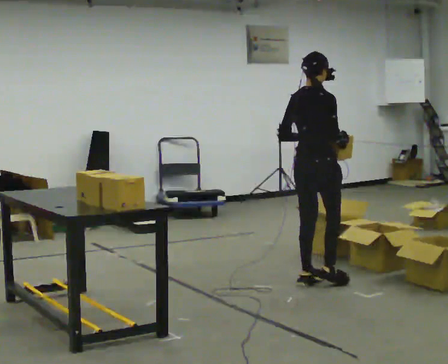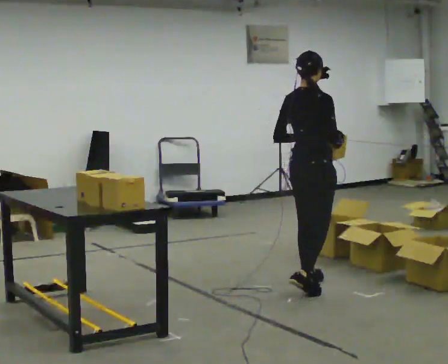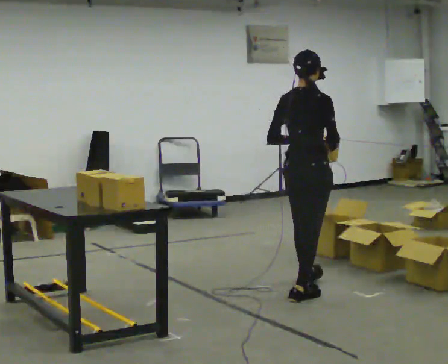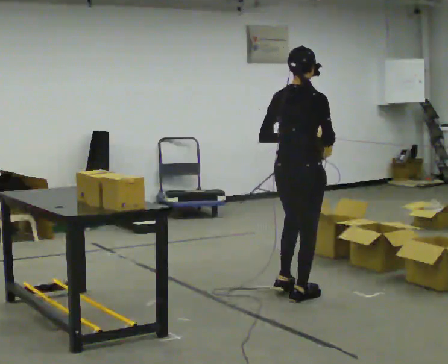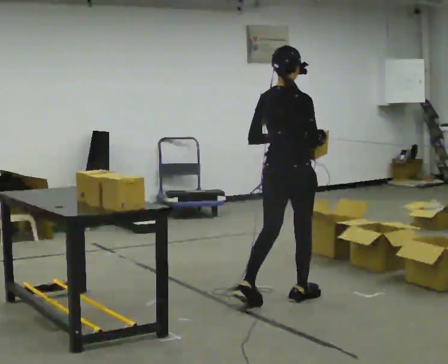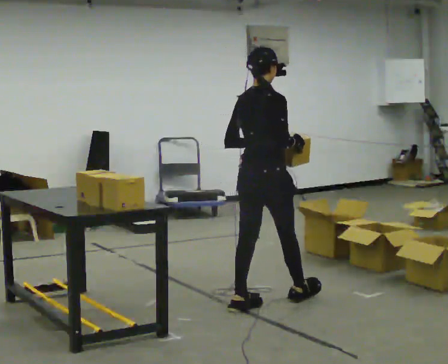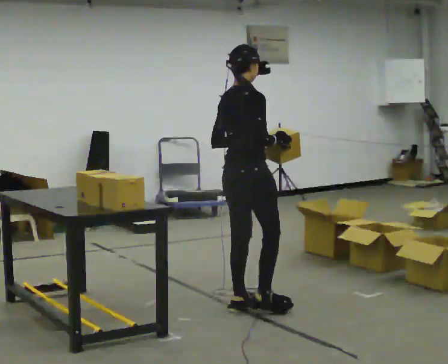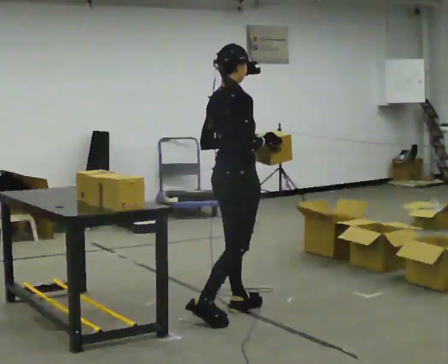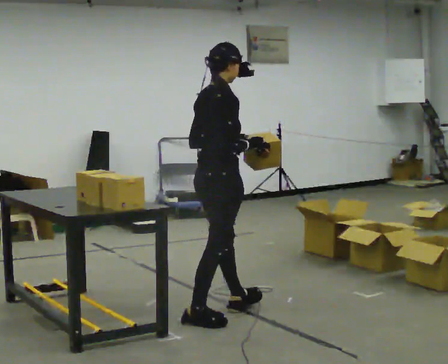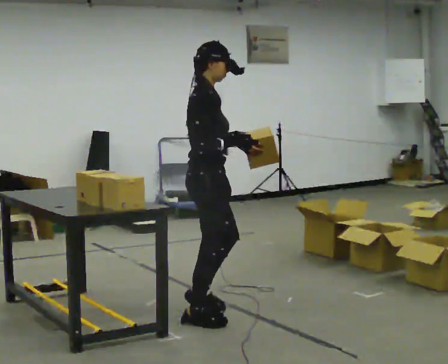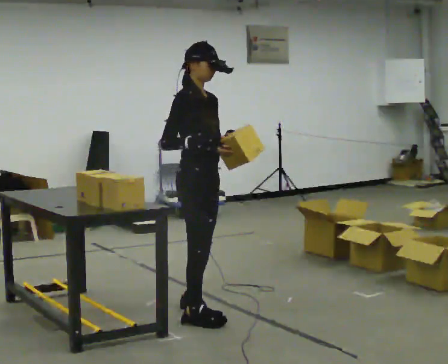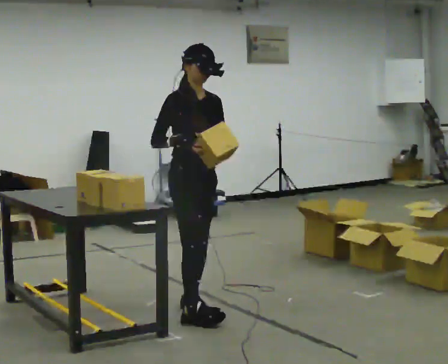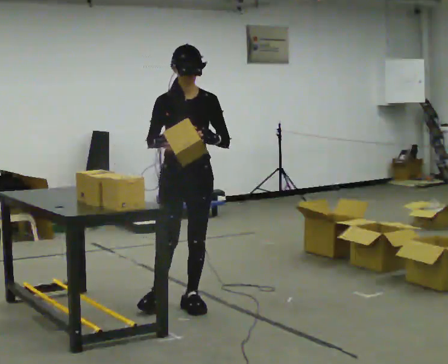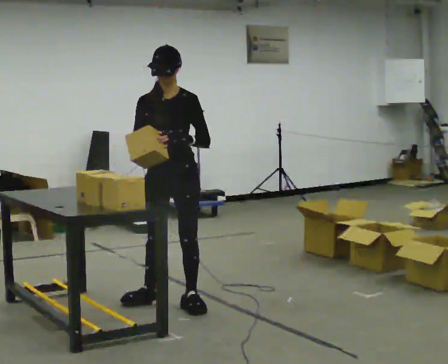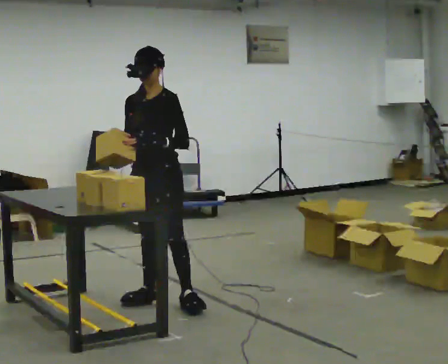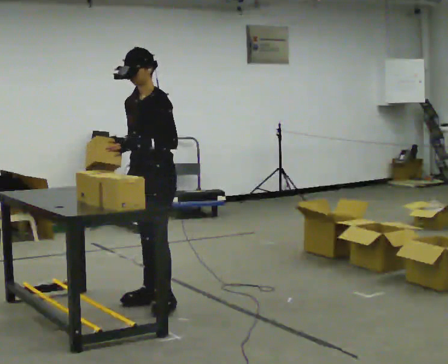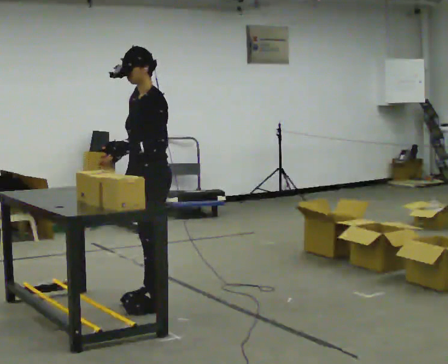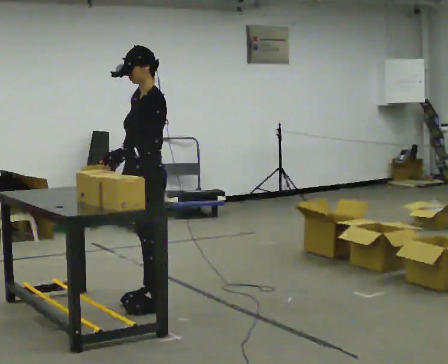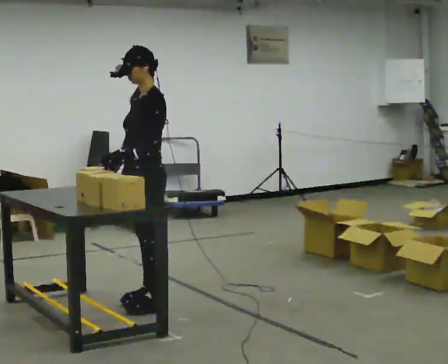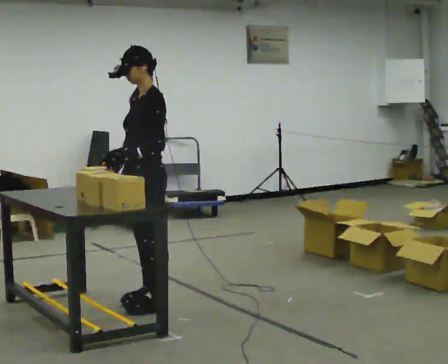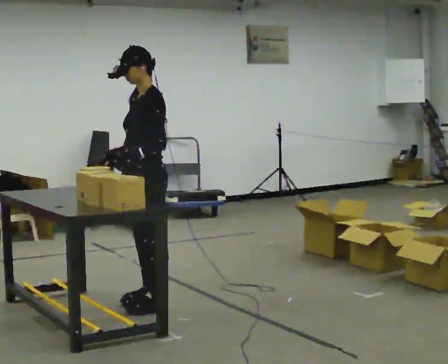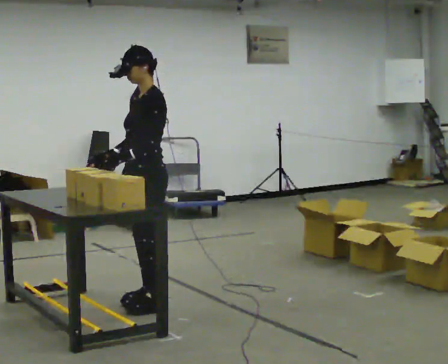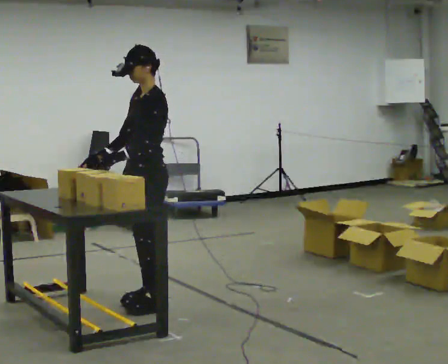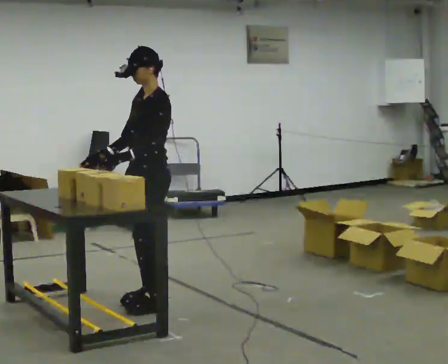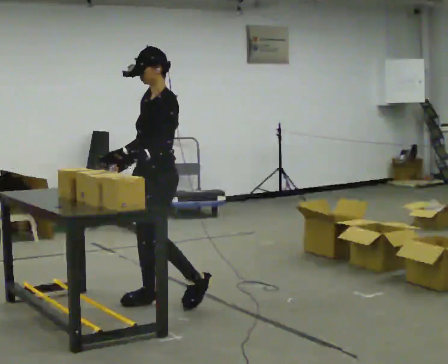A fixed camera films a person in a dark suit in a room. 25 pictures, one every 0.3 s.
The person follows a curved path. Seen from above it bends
clockwise.
The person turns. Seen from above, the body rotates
clockwise.
0.0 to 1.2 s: In the picture they go toward the camera and to the left, about 0.5 m in 1 step, which for them is backward.
1.2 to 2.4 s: The part of the body nearest the lens slides to the left as the person turns to their right by about 30 degrees. In the picture they go to the left and toward the camera, about 0.5 m in 1 step, which for them is backward.
2.4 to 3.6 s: Seen from above the body turns clockwise, about 105 degrees: to their right, with its near side sliding to the left. In the picture they go away from the camera, about 0.25 m in 2 steps.
3.6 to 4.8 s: The person turns about 75 degrees to their right, clockwise seen from above, so the part of the body nearest the lens slides to the left. In the picture they go to the left, about 0.25 m in 1 step. In the picture their left hand goes to the left.
4.8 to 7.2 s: The person moves a little, or ends about where they began.
The film runs backward here.
